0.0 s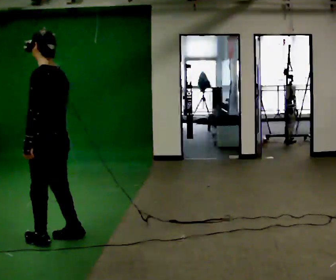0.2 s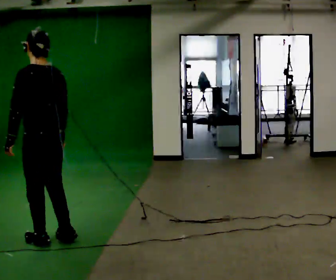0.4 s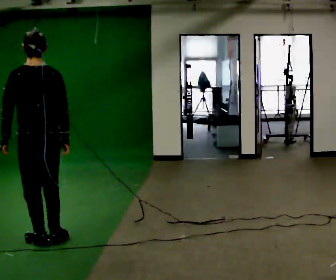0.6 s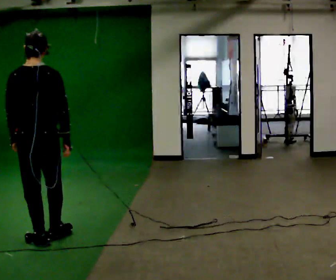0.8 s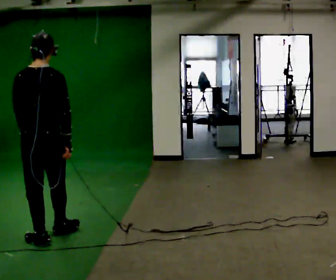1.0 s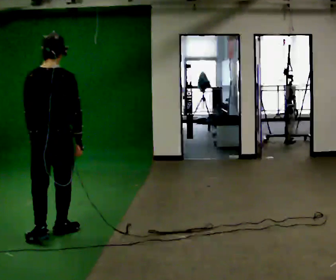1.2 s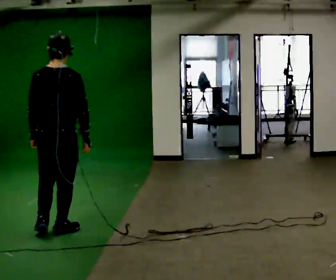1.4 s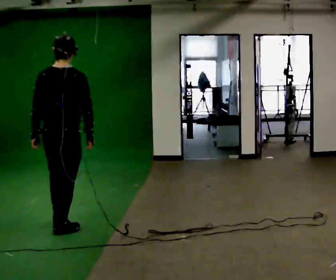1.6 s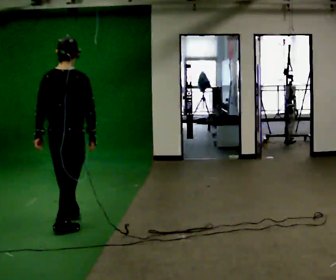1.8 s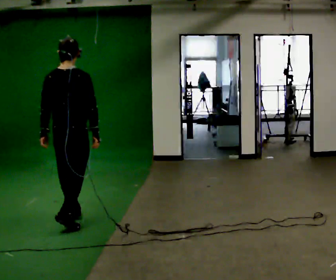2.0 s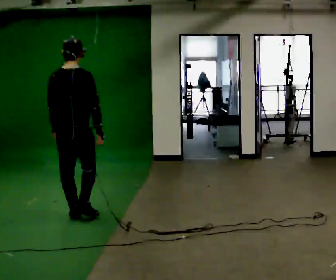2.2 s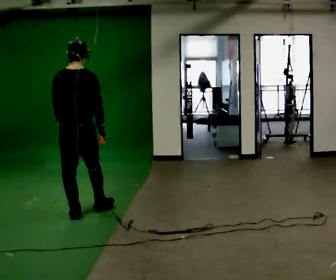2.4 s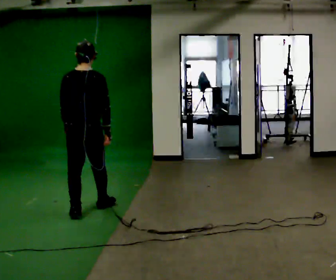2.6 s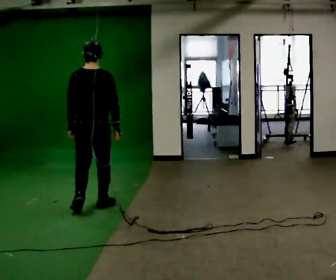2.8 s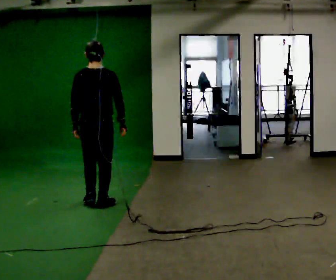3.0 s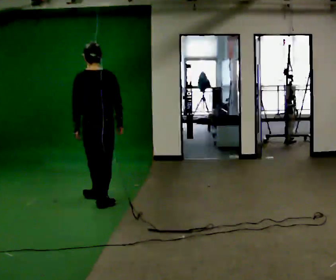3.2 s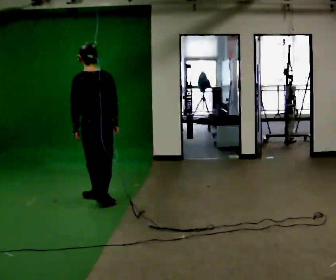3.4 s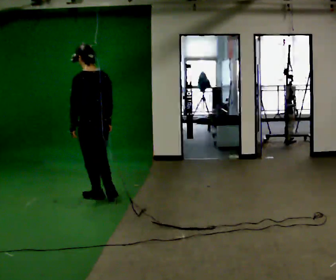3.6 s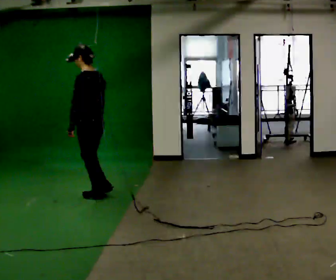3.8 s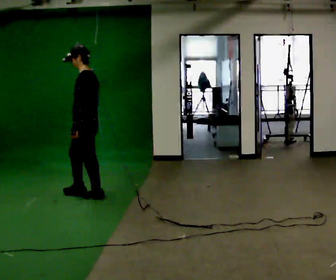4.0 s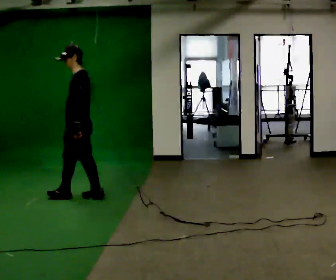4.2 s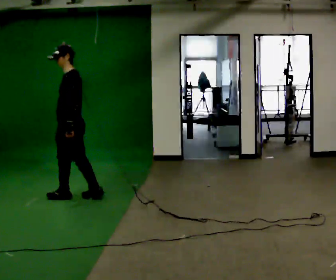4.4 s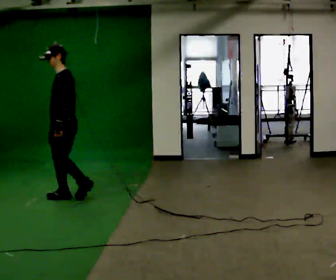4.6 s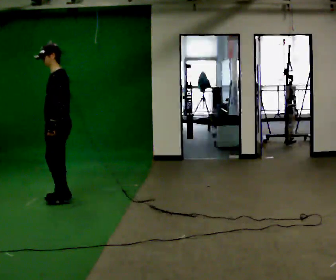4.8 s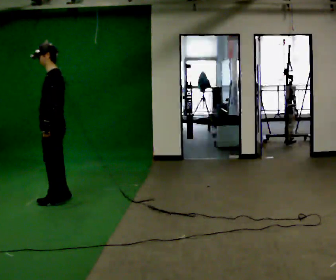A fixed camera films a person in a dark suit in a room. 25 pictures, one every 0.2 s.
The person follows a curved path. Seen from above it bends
counterclockwise.
The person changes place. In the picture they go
away from the camera.
0.0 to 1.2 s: The person turns about 75 degrees to their right, clockwise seen from above, so the part of the body nearest the lens slides to the left. In the picture they go away from the camera, about 0.25 m in 1 step.
1.2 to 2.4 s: In the picture they go away from the camera, about 0.75 m in 2 steps, which for them is forward.
2.4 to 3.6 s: Seen from above the body turns counterclockwise, about 60 degrees: to their left, with its near side sliding to the right. In the picture they go away from the camera, about 0.5 m in 1 step.
3.6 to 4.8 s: Seen from above the body turns counterclockwise, about 30 degrees: to their left, with its near side sliding to the right. In the picture they go to the left, about 0.5 m in 2 steps, which for them is forward.
The film runs forward here.
